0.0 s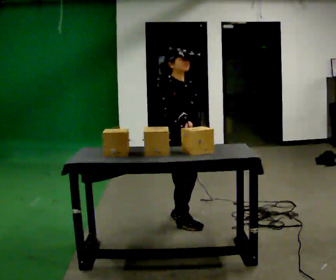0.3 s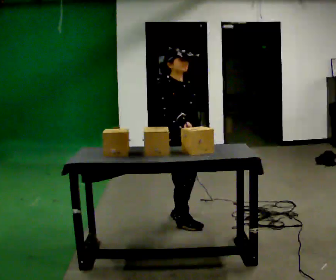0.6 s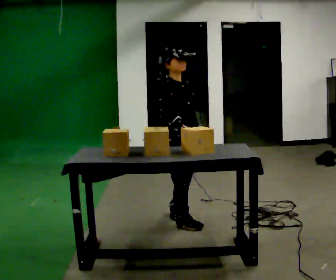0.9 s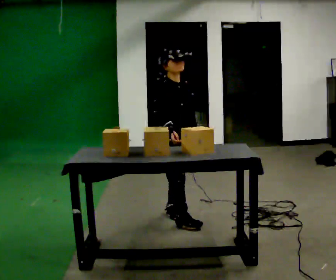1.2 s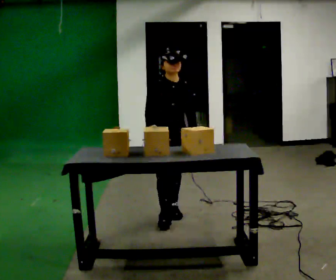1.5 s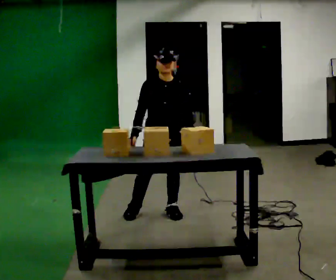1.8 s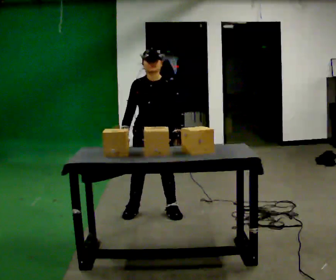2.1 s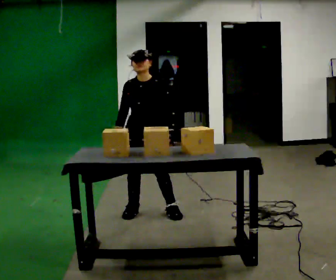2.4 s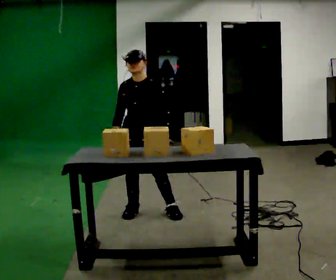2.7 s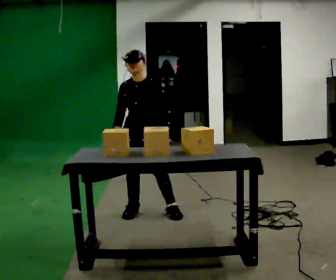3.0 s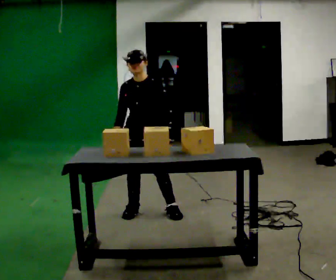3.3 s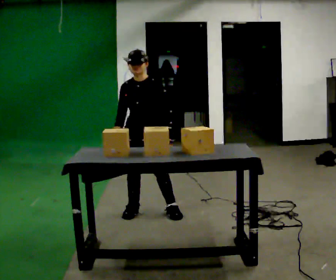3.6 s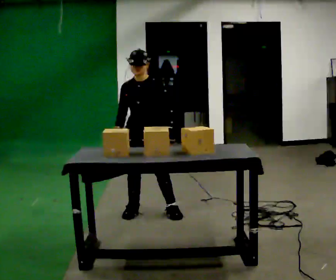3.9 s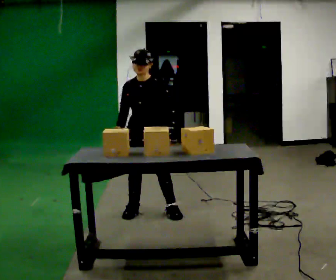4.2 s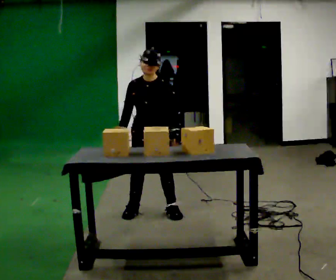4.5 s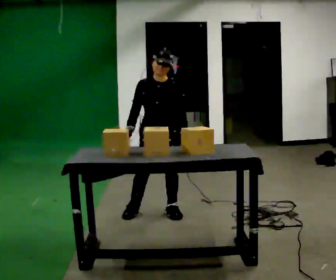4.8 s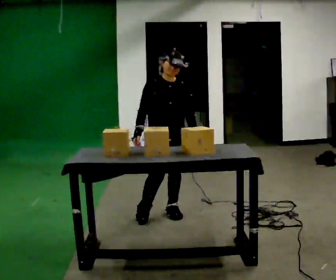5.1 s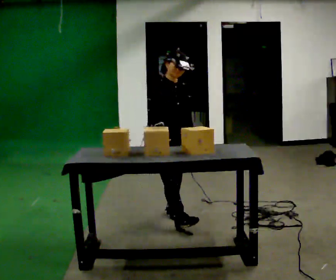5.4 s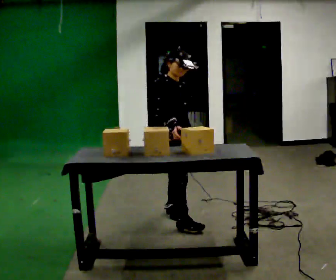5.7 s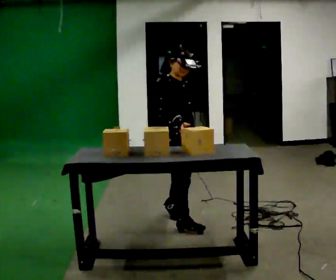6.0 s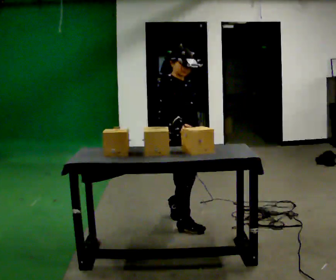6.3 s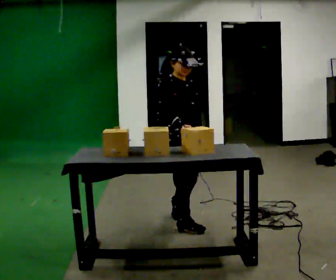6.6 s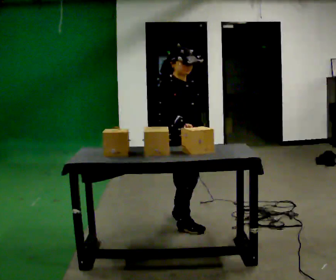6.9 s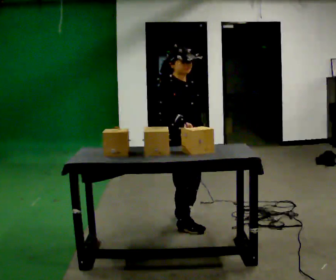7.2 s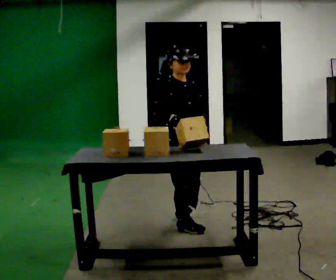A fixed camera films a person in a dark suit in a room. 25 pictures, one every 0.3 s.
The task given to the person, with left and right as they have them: Pick an object up off the floor at one end of the room, carry it across, and place it on the waist-height shelf at the other end. Keep going until the operator says stop; one object at a time, and do not rush between trips.
0.0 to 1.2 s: The person turns about 30 degrees to their right, clockwise seen from above, so the part of the body nearest the lens slides to the left. In the picture they go away from the camera, about 0.25 m, which for them is backward and to their left.
1.2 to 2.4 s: The person turns about 30 degrees to their right, clockwise seen from above, so the part of the body nearest the lens slides to the left. In the picture they go to the left, about 0.25 m in 1 step, which for them is to their right.
2.4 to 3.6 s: The person moves a little, or ends about where they began.
3.6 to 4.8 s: The person turns about 30 degrees to their left, counterclockwise seen from above, so the part of the body nearest the lens slides to the right. In the picture they go to the right, about 0.25 m, which for them is to their left.
4.8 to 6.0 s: The person turns about 30 degrees to their left, counterclockwise seen from above, so the part of the body nearest the lens slides to the right. In the picture they go toward the camera, about 0.25 m in 1 step, which for them is forward and to their right.
6.0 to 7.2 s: The person moves a little, or ends about where they began.
The film runs forward here.
